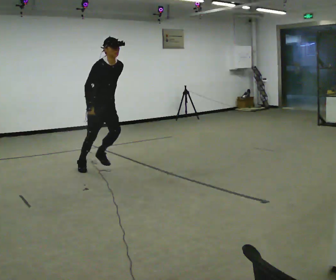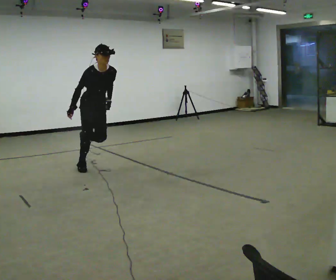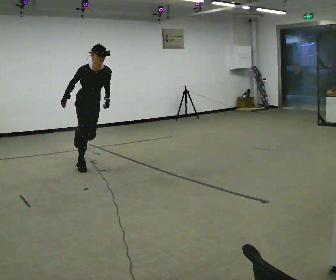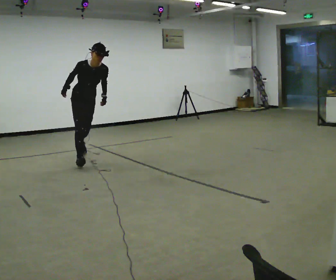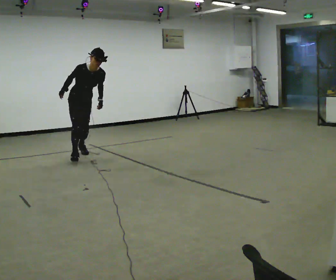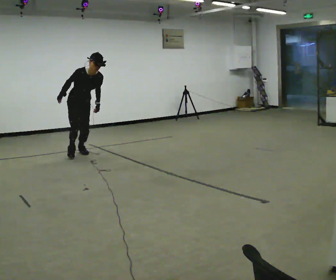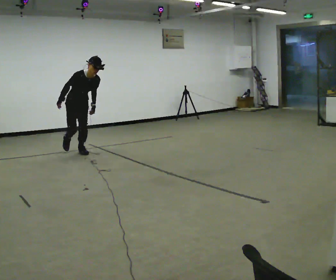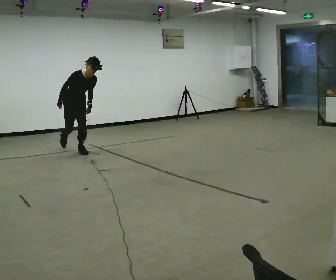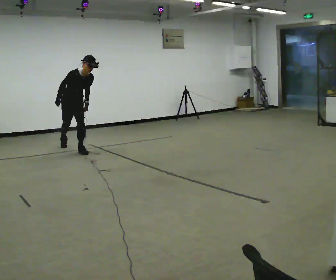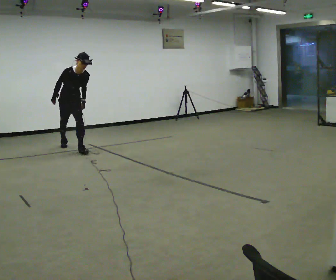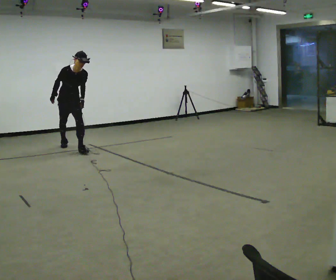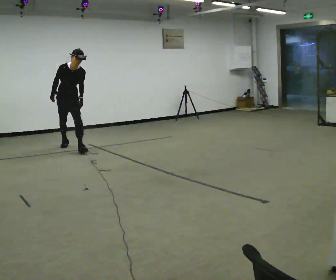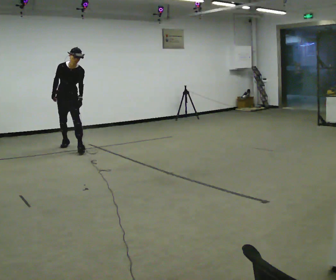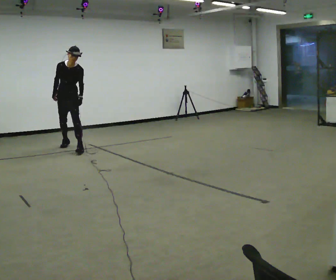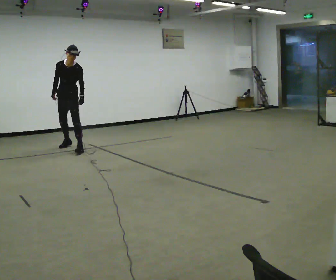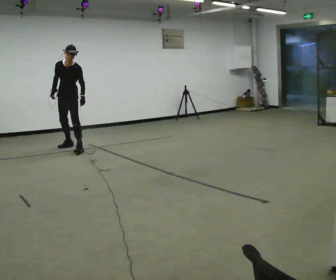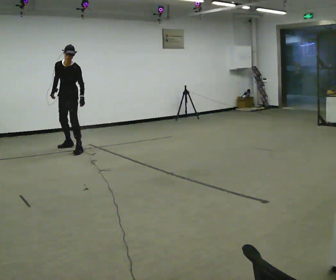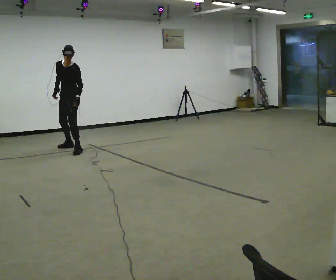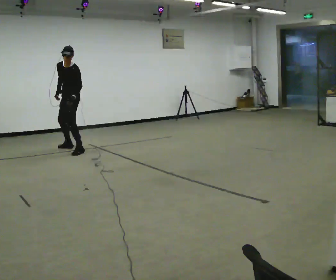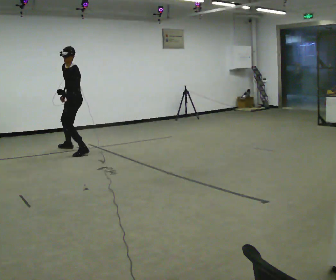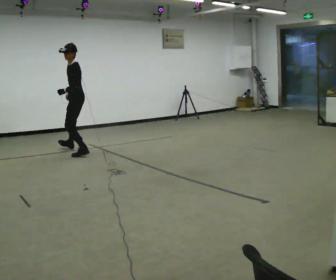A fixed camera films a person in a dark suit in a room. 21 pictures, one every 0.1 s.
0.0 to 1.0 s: In the picture they go away from the camera, about 1.5 m in 1 step, which for them is backward. The upper body tips toward the camera, its near side rolling downward.
1.0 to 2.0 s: Seen from above the body turns clockwise, about 90 degrees: to their right, with its near side sliding to the left. In the picture they go toward the camera and to the right, about 0.25 m in 3 steps. In the picture the upper body tilts counterclockwise, shoulders to the left, as they lean back or straighten.
The film runs backward here.
